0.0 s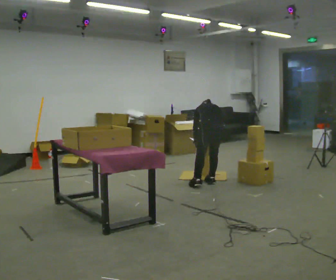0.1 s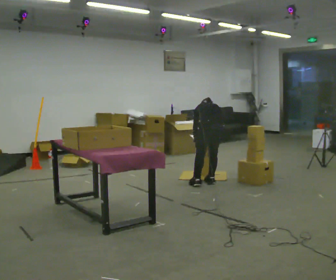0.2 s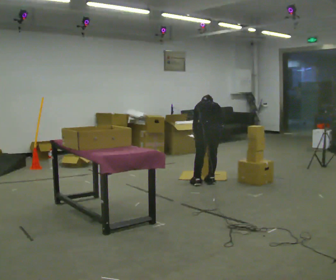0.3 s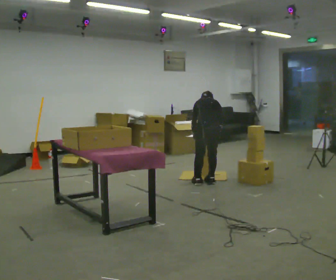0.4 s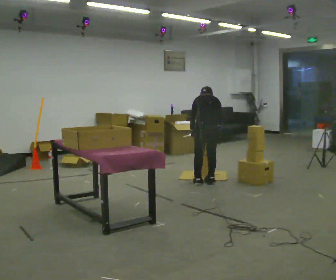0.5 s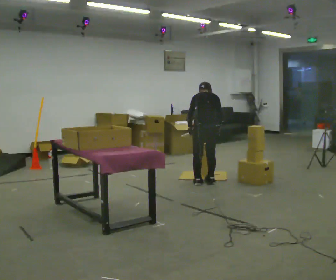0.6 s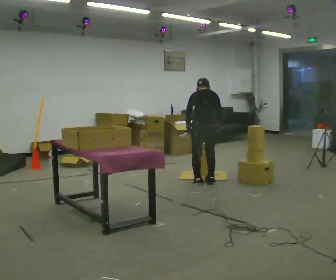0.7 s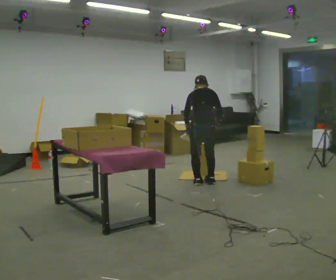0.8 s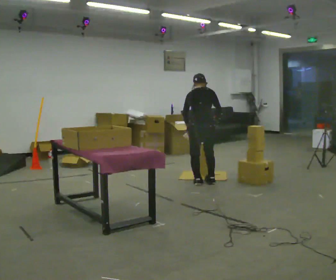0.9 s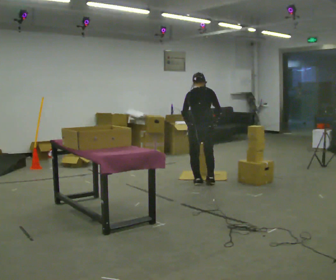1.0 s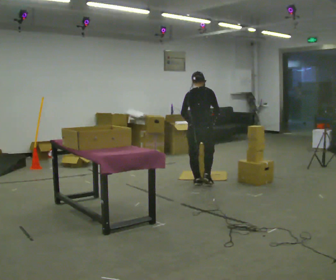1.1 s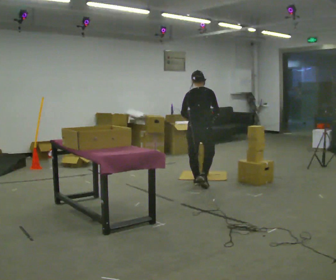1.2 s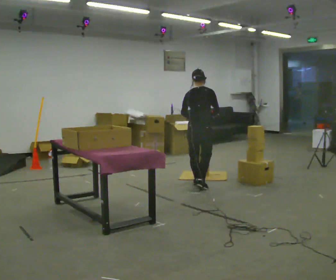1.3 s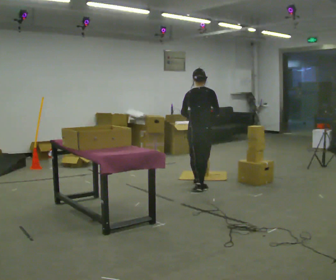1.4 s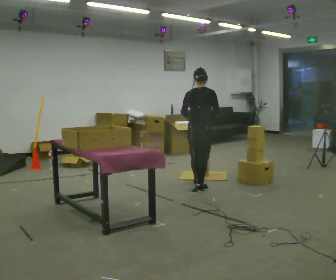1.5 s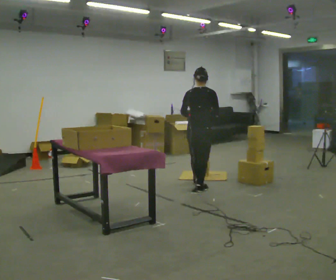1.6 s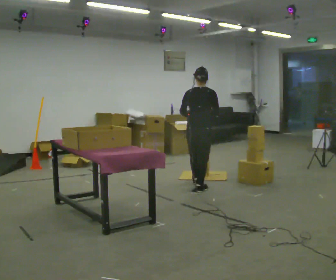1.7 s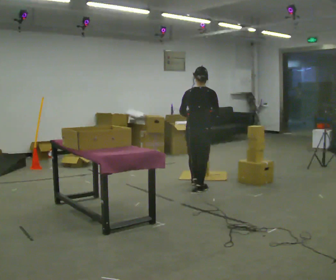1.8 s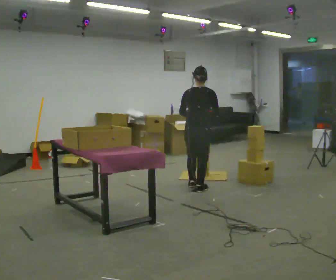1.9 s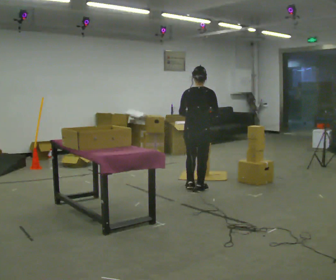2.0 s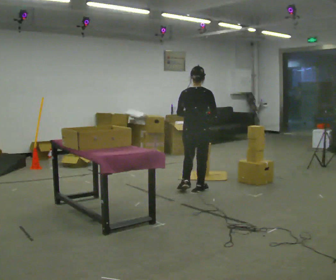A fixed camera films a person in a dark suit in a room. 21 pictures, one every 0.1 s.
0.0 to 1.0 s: Seen from above the body turns clockwise, about 30 degrees: to their right, with its near side sliding to the left. In the picture they go to the left, about 0.25 m in 1 step, which for them is to their left. The shoulders move upward. The upper body tips toward the camera, its near side rolling downward, as they lean back or straighten. In the picture their right hand goes upward.
1.0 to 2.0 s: In the picture they go toward the camera, about 0.25 m in 1 step, which for them is backward.
The film runs backward here.
